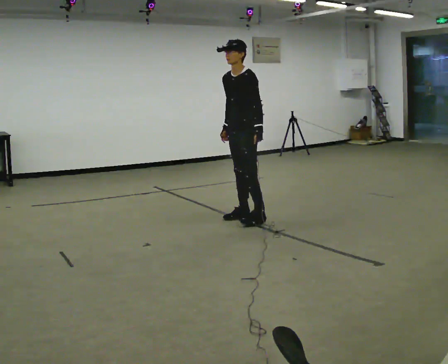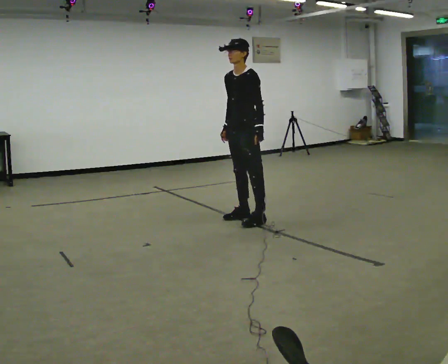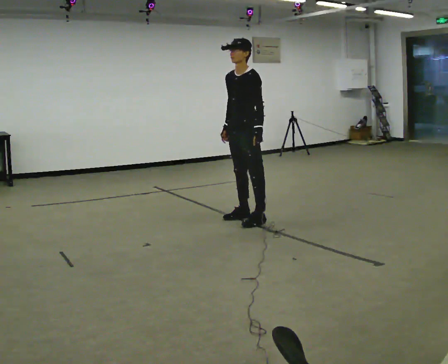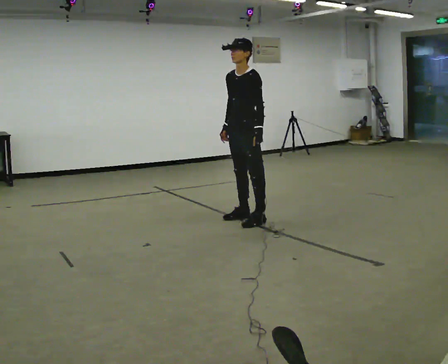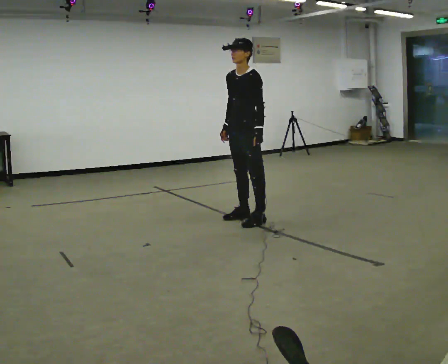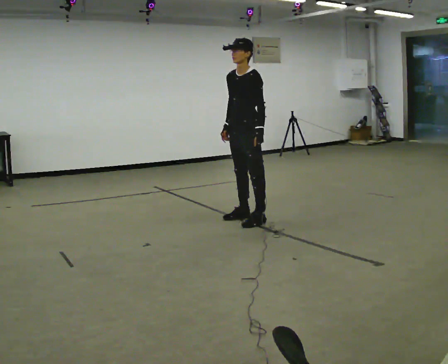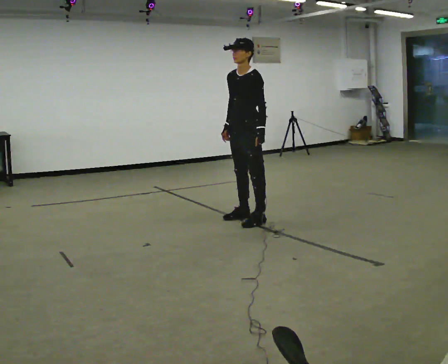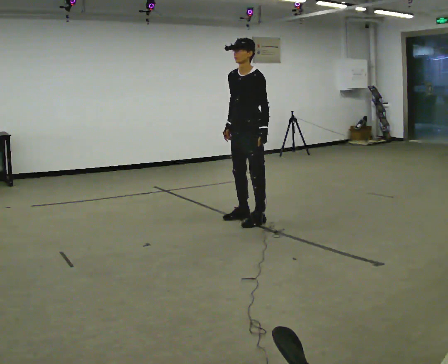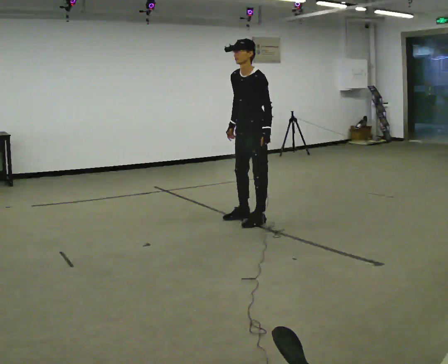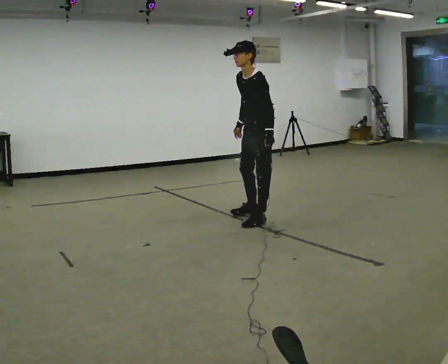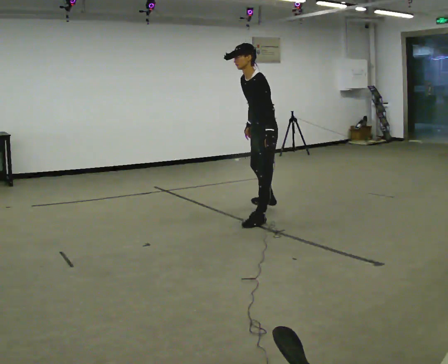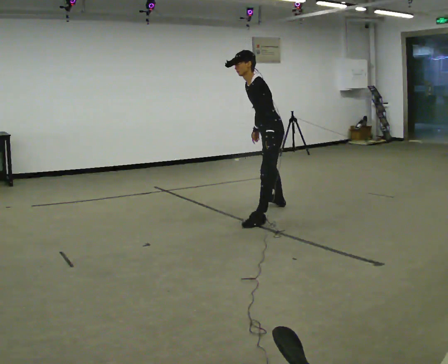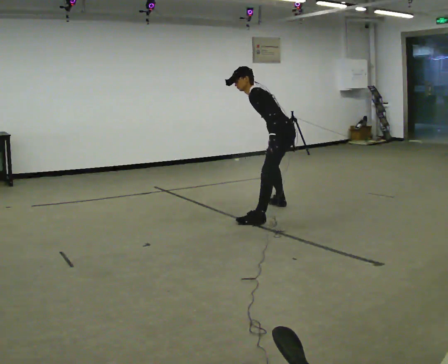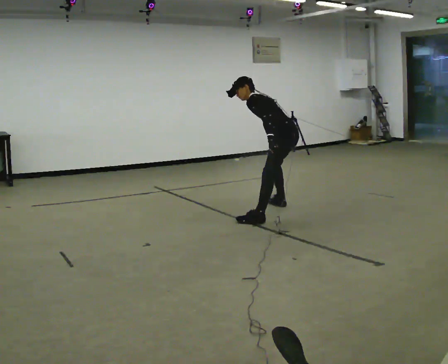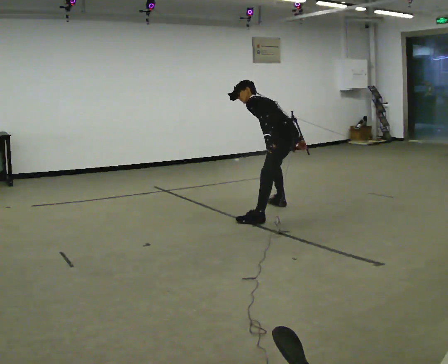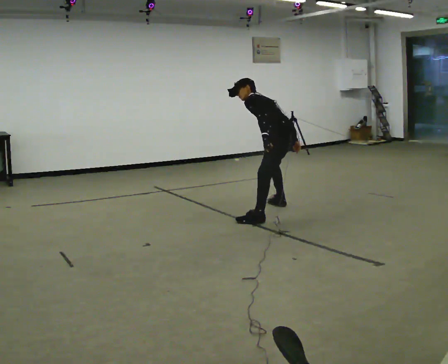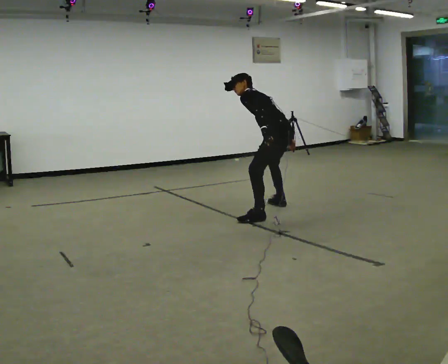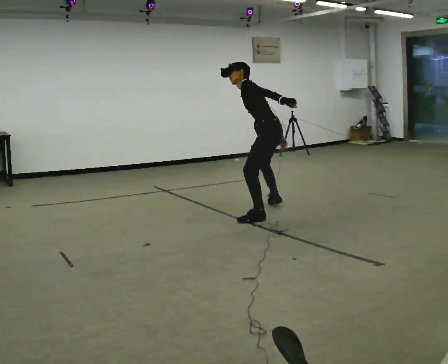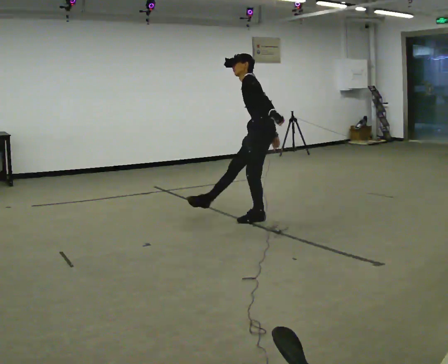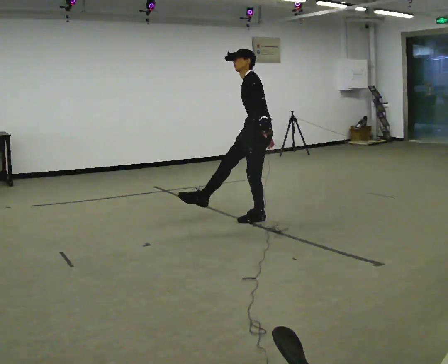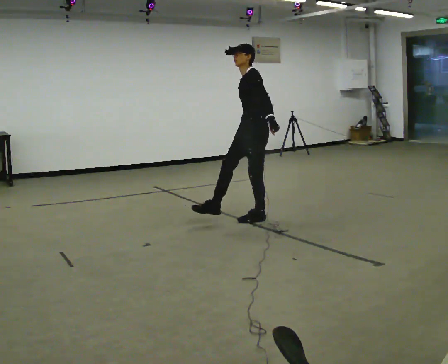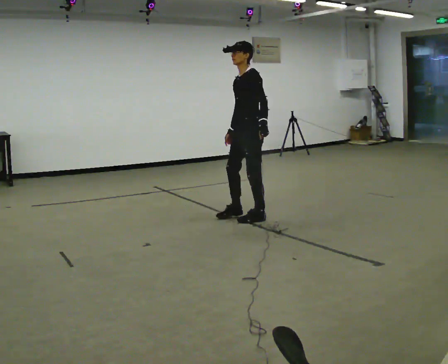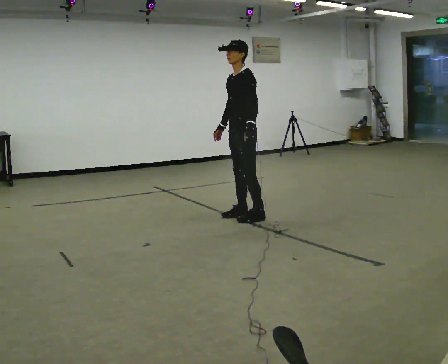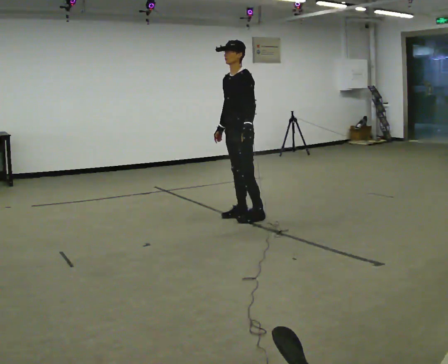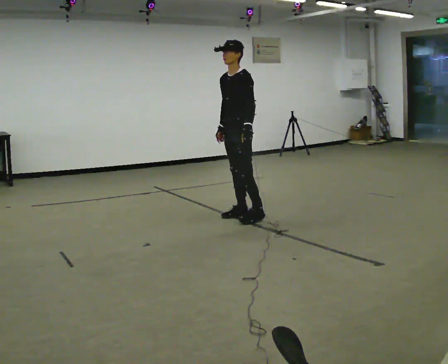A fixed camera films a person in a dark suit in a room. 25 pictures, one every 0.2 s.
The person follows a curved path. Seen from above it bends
counterclockwise.
0.0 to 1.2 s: The person moves a little, or ends about where they began.
1.2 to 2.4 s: Seen from above the body turns clockwise, about 60 degrees: to their right, with its near side sliding to the left. In the picture they go away from the camera and to the right, about 0.5 m in 1 step. The shoulders move downward. In the picture the upper body tilts counterclockwise, shoulders to the left, as they bend forward.
2.4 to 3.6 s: In the picture they go toward the camera and to the left, about 0.25 m, which for them is to their left.
3.6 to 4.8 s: The person turns about 30 degrees to their left, counterclockwise seen from above, so the part of the body nearest the lens slides to the right. In the picture they go to the left, about 0.25 m in 1 step, which for them is forward and to their right. The upper body tips toward the camera, its near side rolling downward. In the picture their right hand goes to the left.
The film runs forward here.
